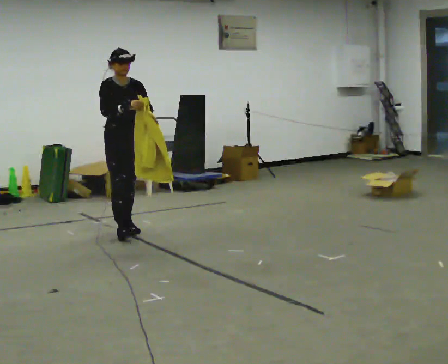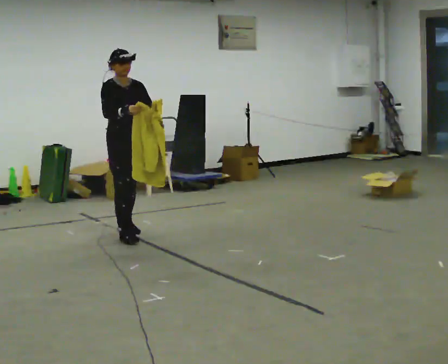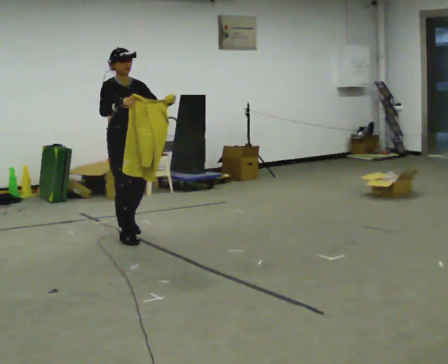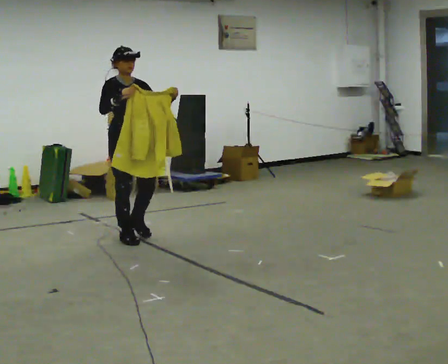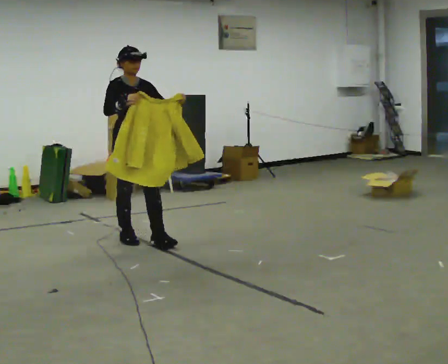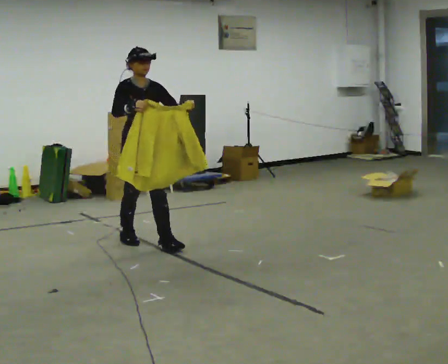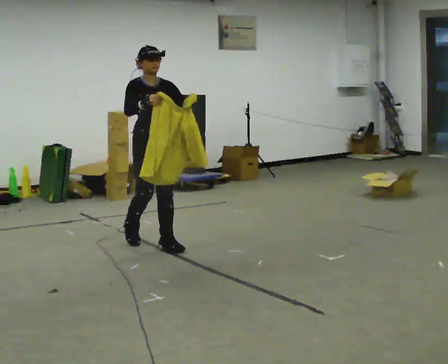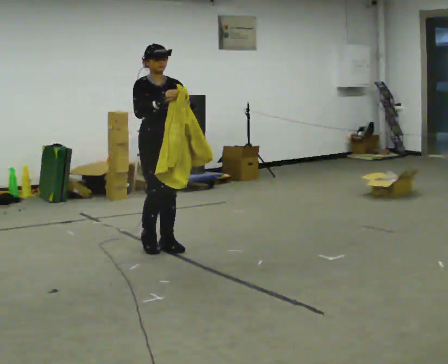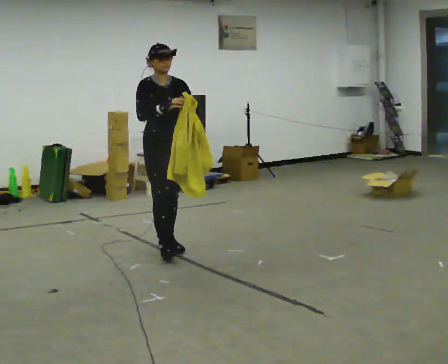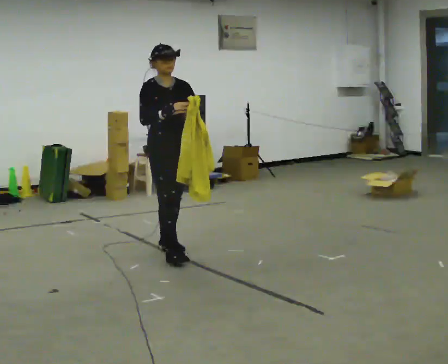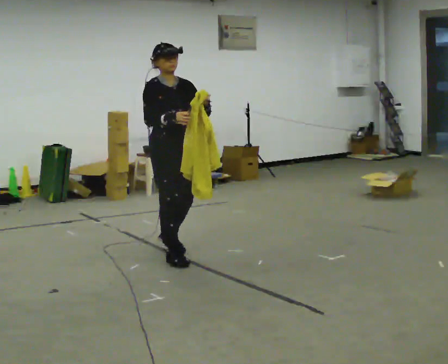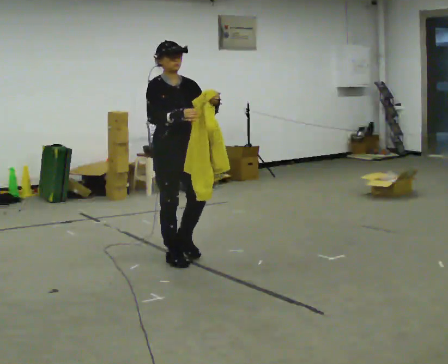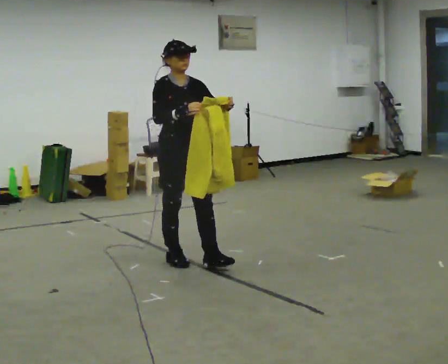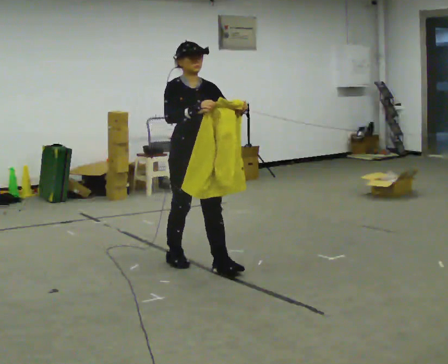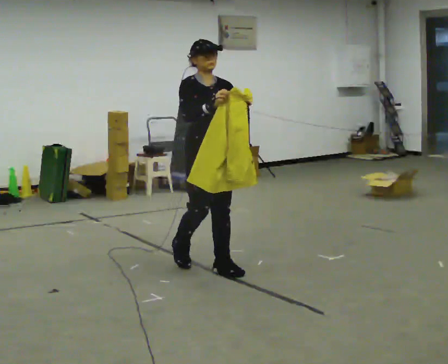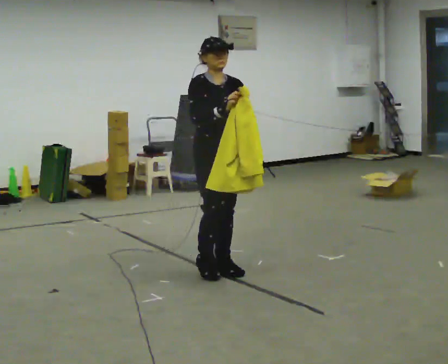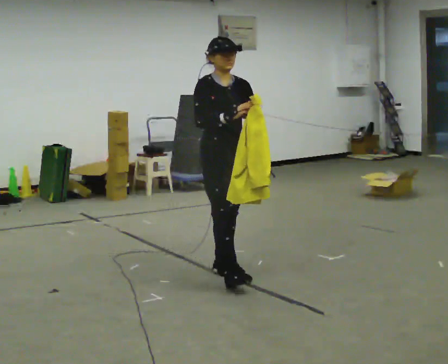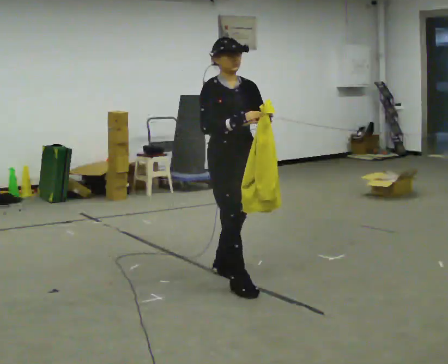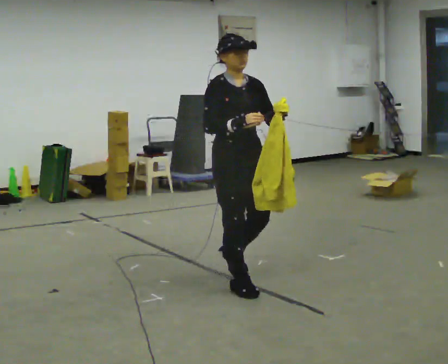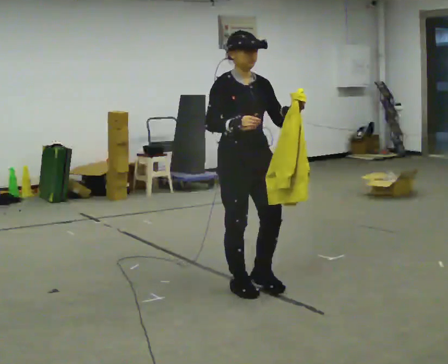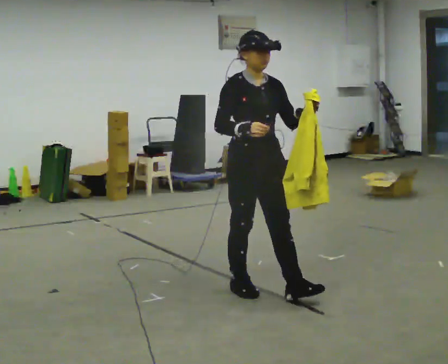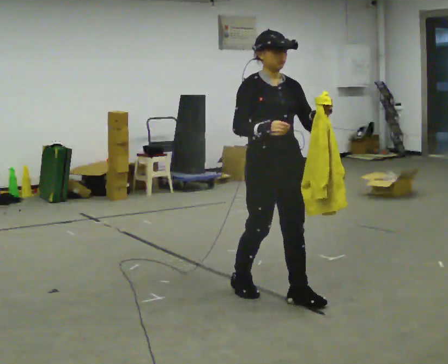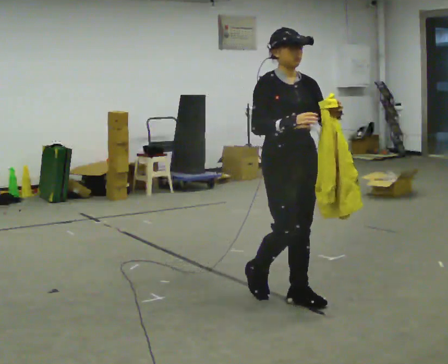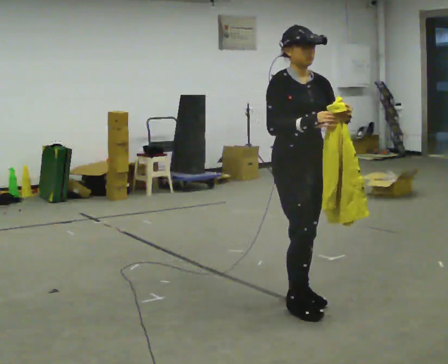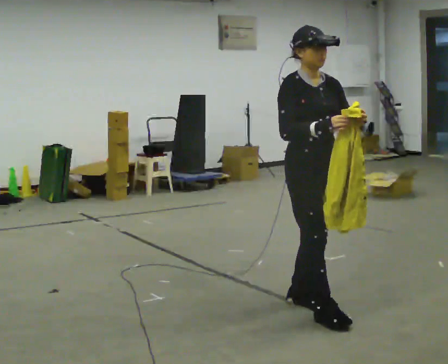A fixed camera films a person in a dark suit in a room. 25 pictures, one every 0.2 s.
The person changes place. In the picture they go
toward the camera.
0.0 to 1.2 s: In the picture they go toward the camera and to the right, about 0.5 m in 2 steps, which for them is forward.
1.2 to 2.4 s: In the picture they go toward the camera and to the right, about 0.5 m in 1 step, which for them is forward.
2.4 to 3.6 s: In the picture they go toward the camera and to the right, about 0.75 m in 2 steps, which for them is forward.
3.6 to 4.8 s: In the picture they go toward the camera and to the right, about 0.75 m in 2 steps, which for them is forward.
The film runs forward here.
